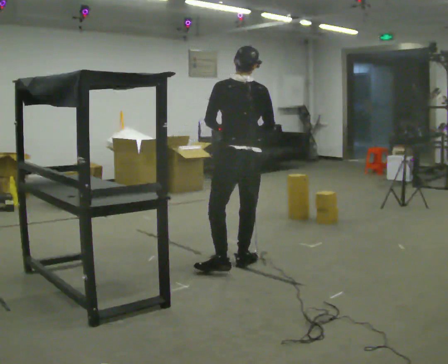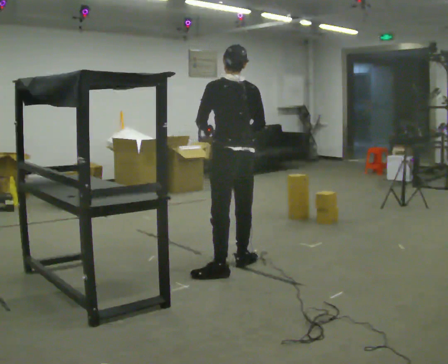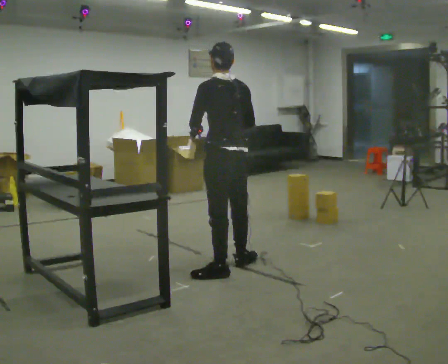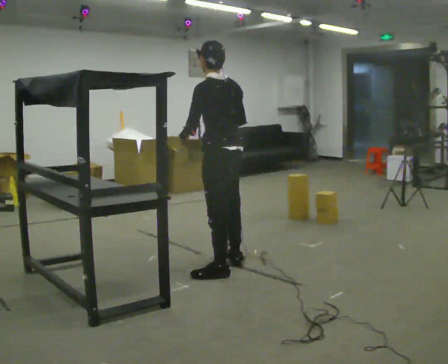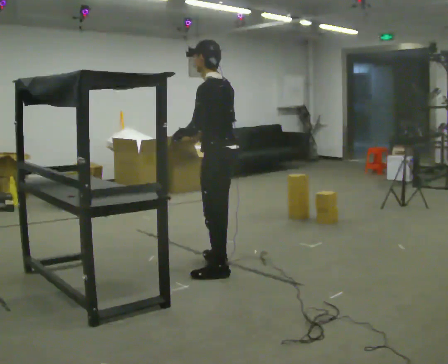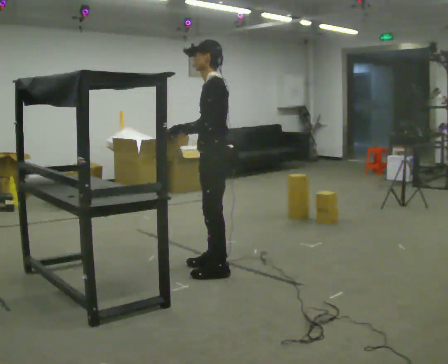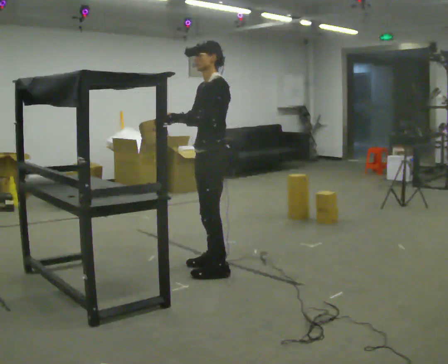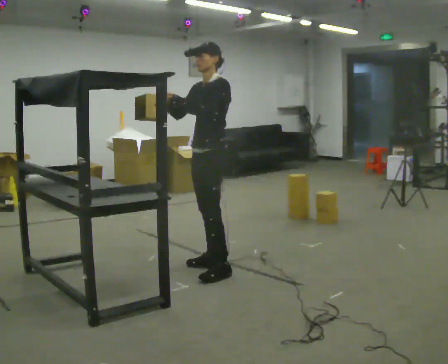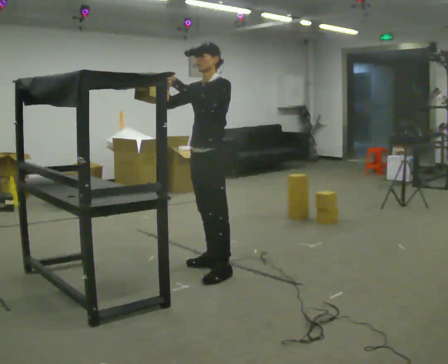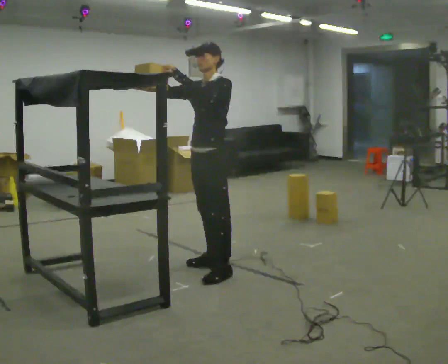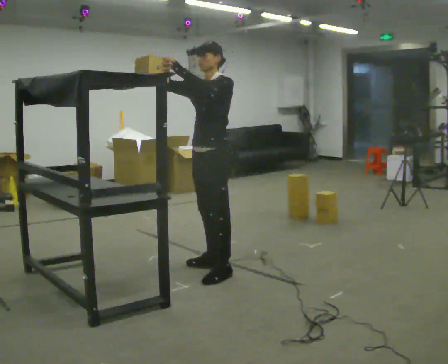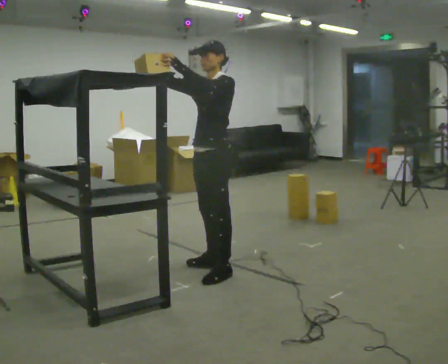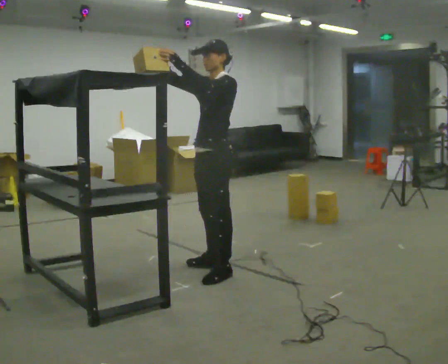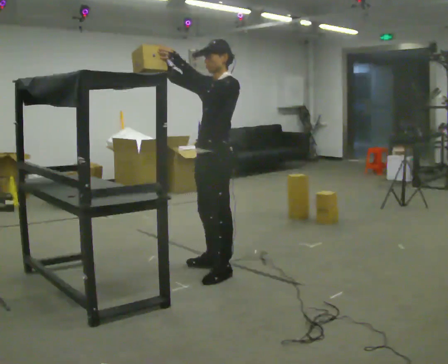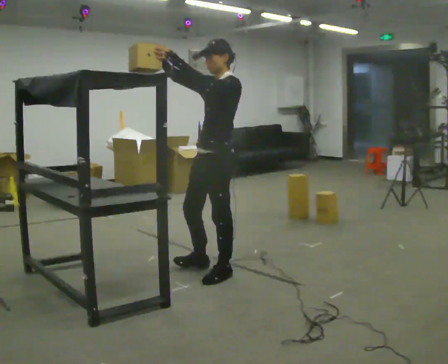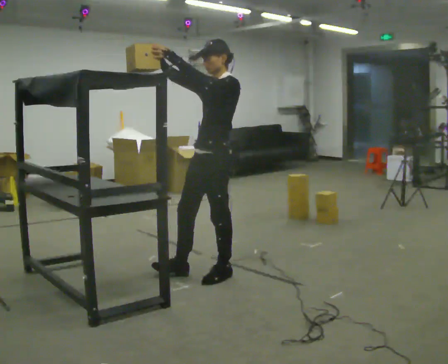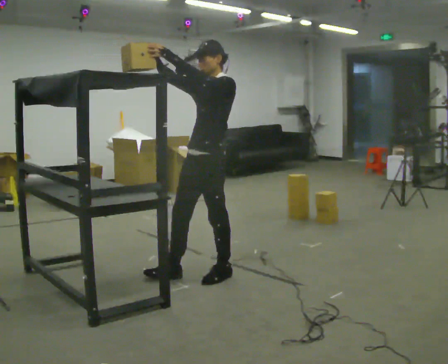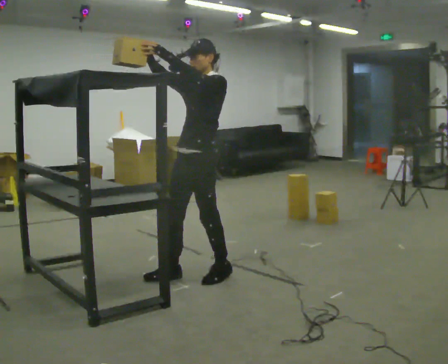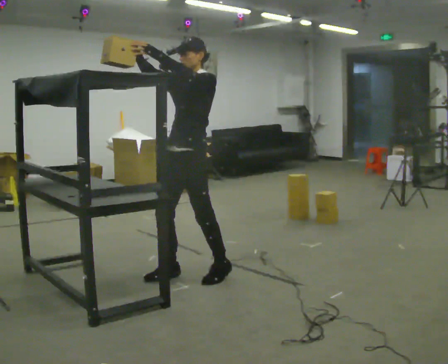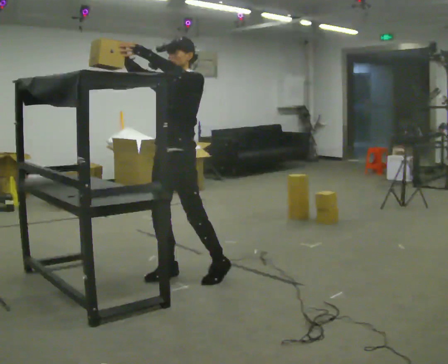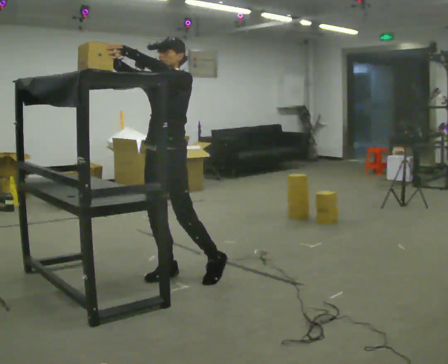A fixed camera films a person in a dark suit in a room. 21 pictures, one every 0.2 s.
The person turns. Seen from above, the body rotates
counterclockwise.
Their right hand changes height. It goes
upward.
0.0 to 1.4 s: The person turns about 105 degrees to their left, counterclockwise seen from above, so the part of the body nearest the lens slides to the right. In the picture they go to the left, about 0.25 m in 1 step. In the picture their right hand goes to the left, the arm swinging clockwise.
1.4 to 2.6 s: In the picture they go toward the camera, about 0.25 m, which for them is to their left. In the picture their right hand goes upward.
2.6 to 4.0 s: The person turns about 30 degrees to their left, counterclockwise seen from above, so the part of the body nearest the lens slides to the right. In the picture they go to the left, about 0.25 m in 1 step, which for them is forward.
The film runs backward here.
